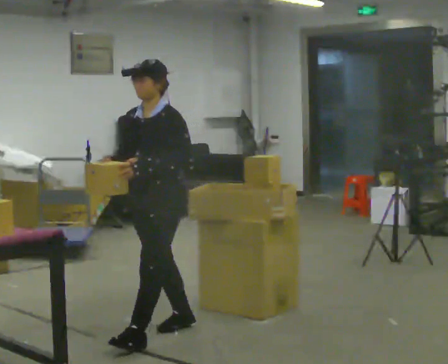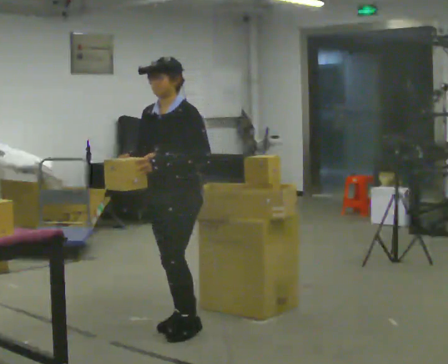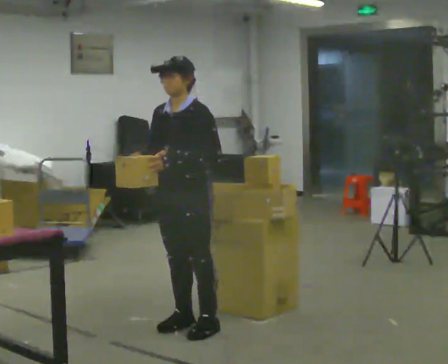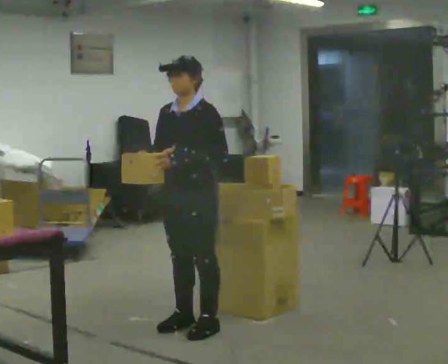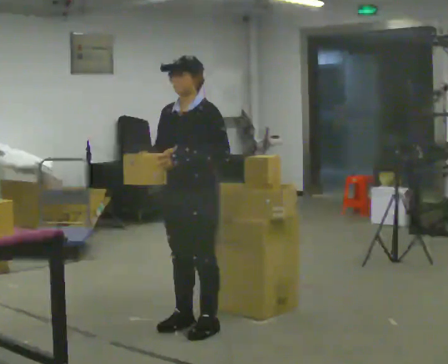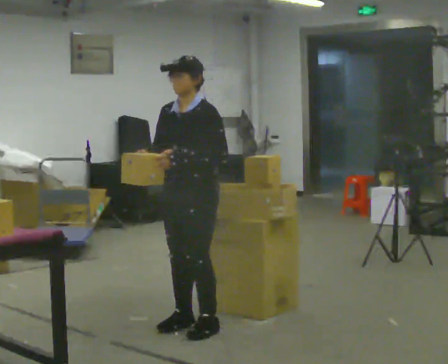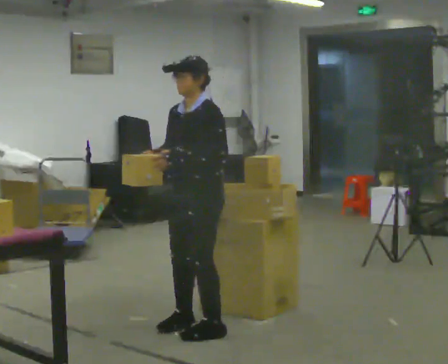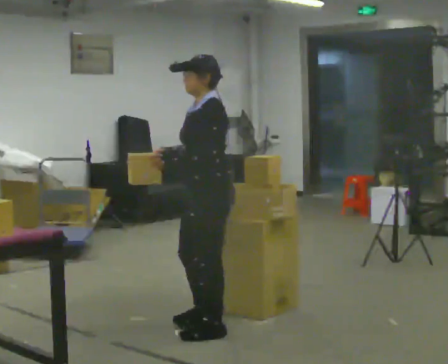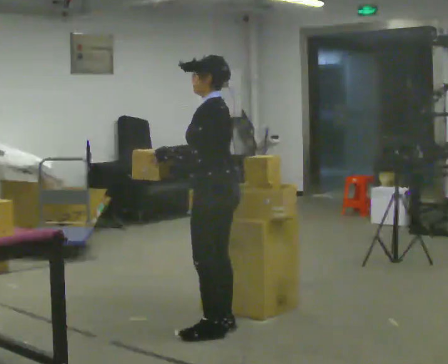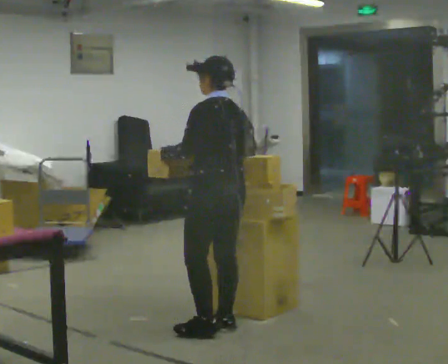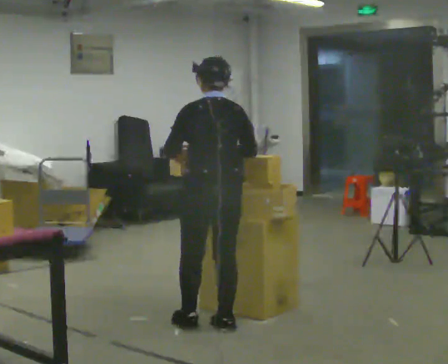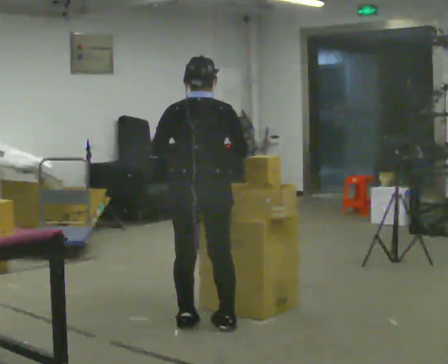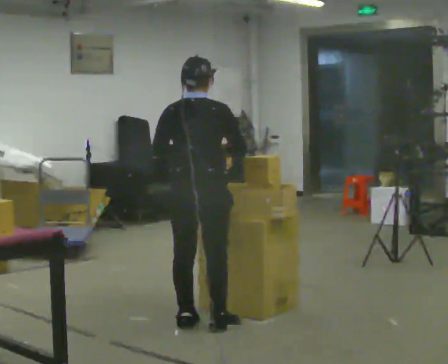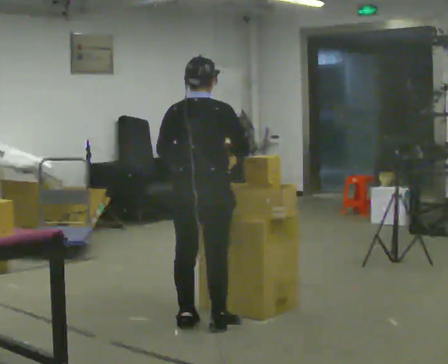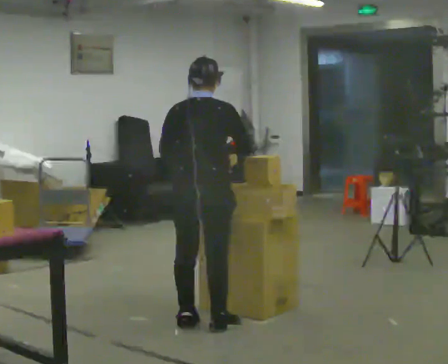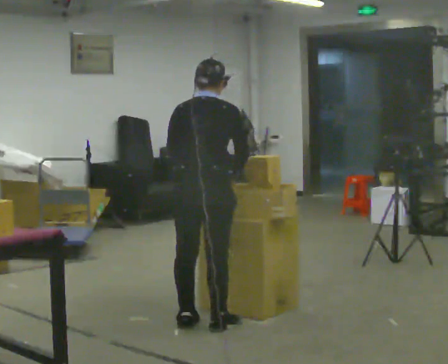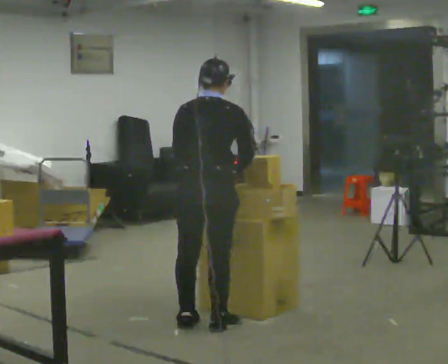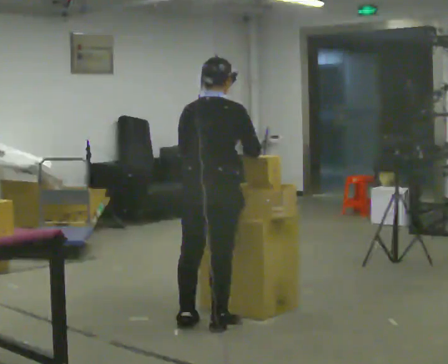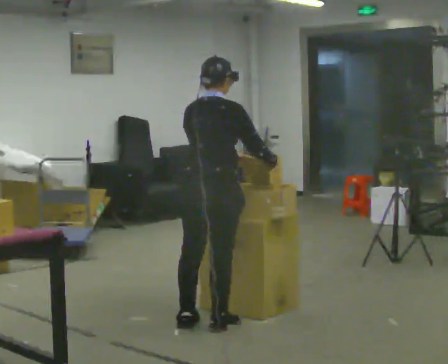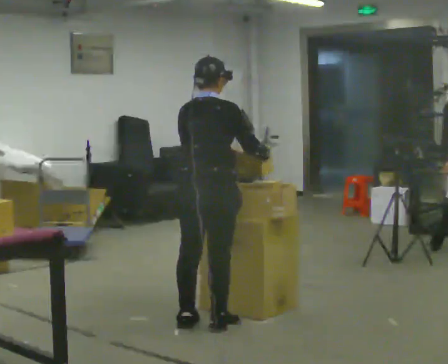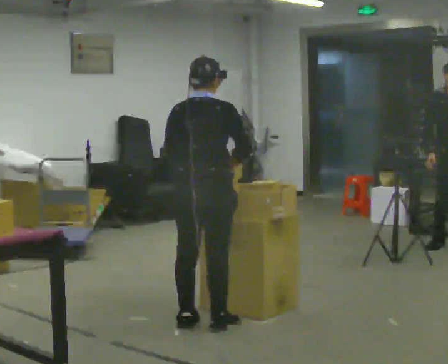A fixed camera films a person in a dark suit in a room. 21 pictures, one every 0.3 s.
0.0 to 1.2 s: In the picture they go to the right, about 0.25 m, which for them is backward.
1.2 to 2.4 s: Seen from above the body turns clockwise, about 60 degrees: to their right, with its near side sliding to the left.
2.4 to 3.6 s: Seen from above the body turns clockwise, about 90 degrees: to their right, with its near side sliding to the left. In the picture they go away from the camera, about 0.25 m in 1 step.
3.6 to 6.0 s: The person moves a little, or ends about where they began.
The film runs backward here.
